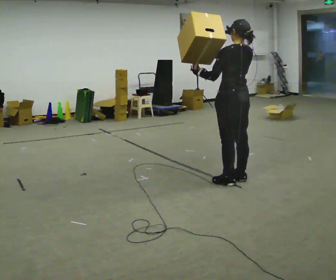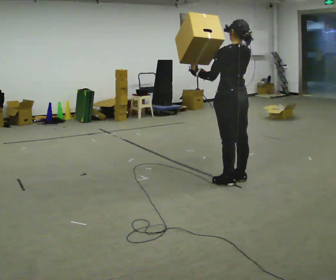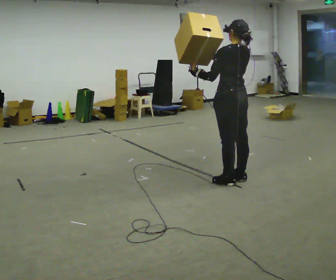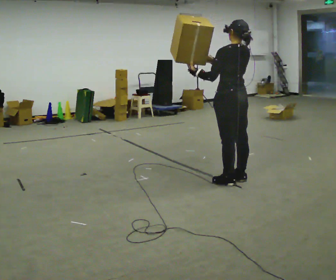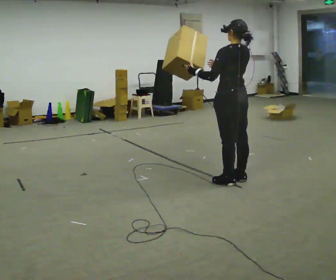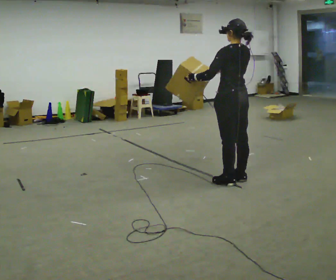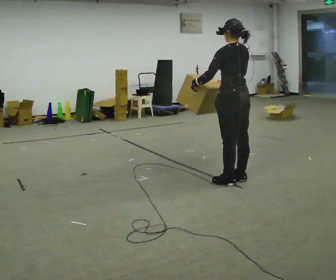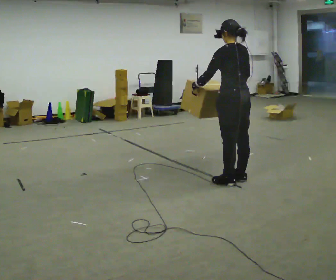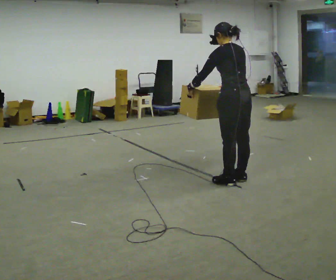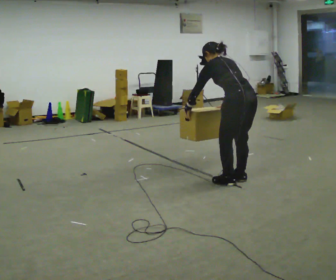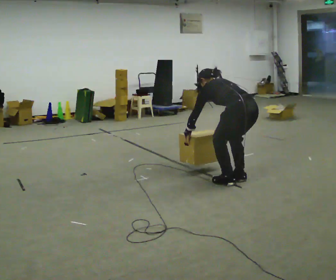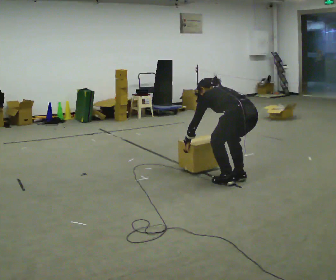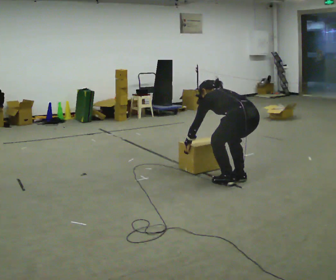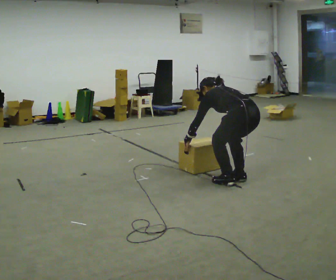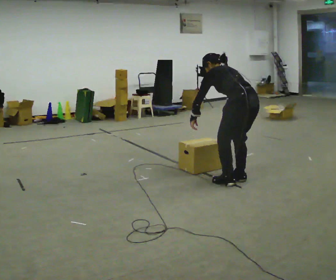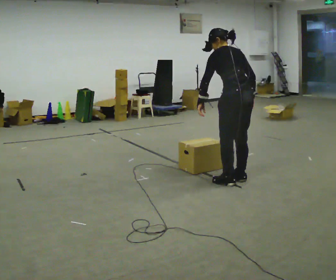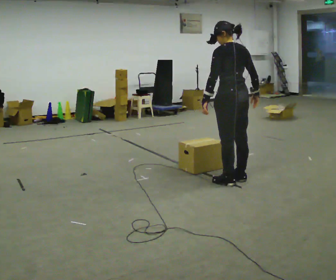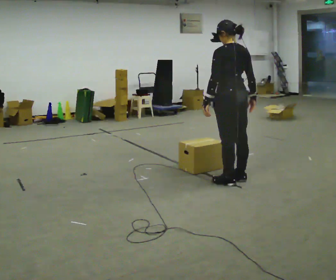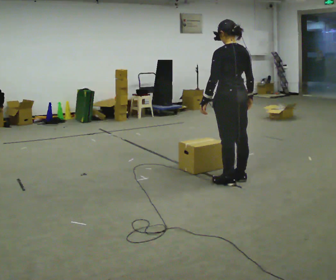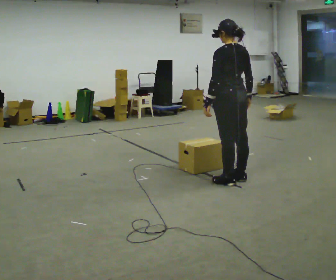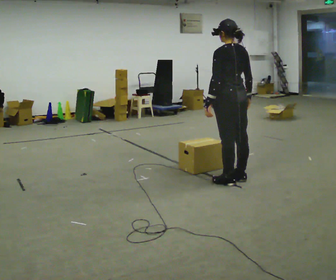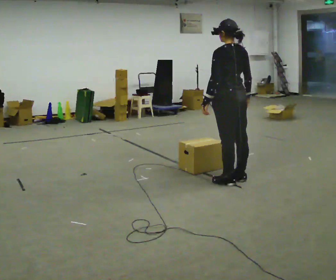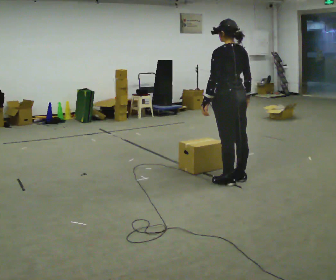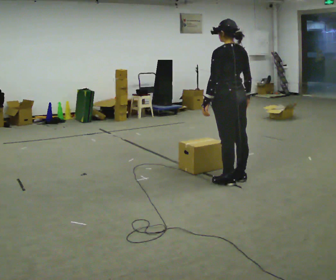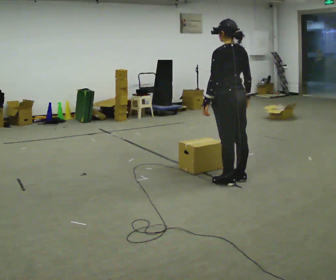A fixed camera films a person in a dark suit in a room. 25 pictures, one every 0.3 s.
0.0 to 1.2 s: The person moves a little, or ends about where they began.
1.2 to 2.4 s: In the picture the upper body tilts counterclockwise, shoulders to the left, as they bend forward.
2.4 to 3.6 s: The shoulders move downward. The upper body tips away from the camera, its near side rolling upward, as they bend forward. In the picture their left hand goes downward.
3.6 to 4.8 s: The upper body goes upward. The upper body tips toward the camera, its near side rolling downward, as they lean back or straighten. In the picture their right hand goes upward and to the right.
4.8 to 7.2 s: The person moves a little, or ends about where they began.
The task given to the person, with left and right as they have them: Carry the box and, while walking, shift it to a different hold: front, then hip, then shoulder, then back to front. Do not stop walking.
The film runs forward here.
